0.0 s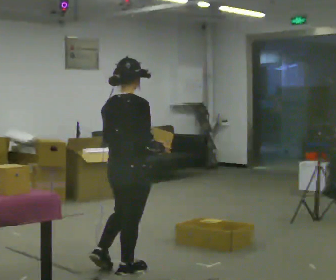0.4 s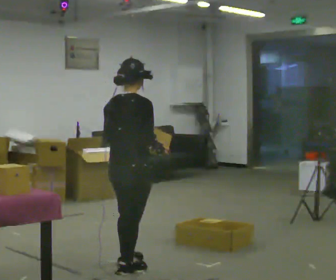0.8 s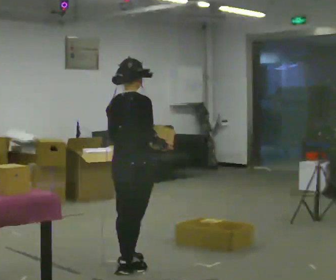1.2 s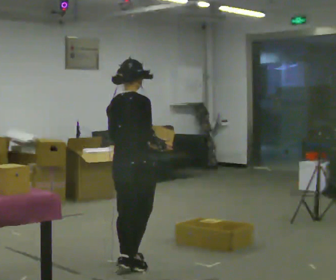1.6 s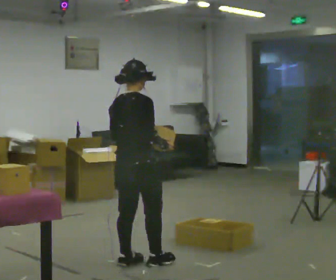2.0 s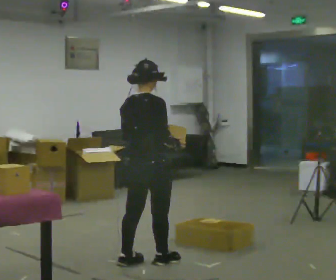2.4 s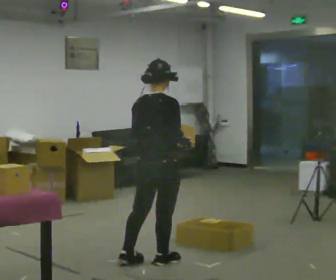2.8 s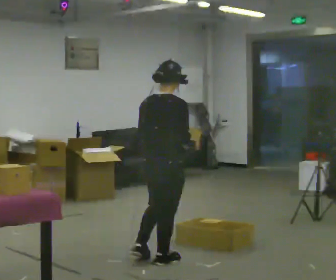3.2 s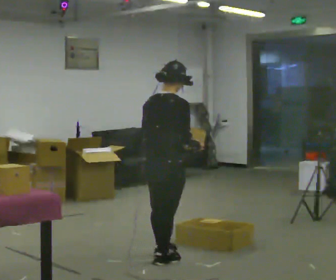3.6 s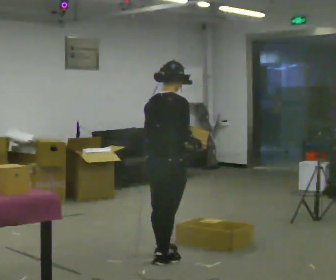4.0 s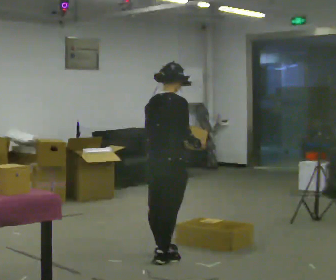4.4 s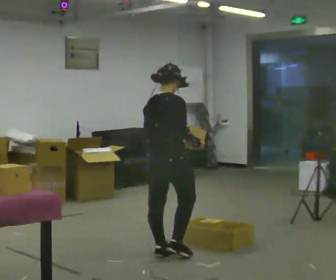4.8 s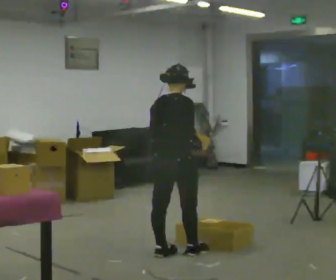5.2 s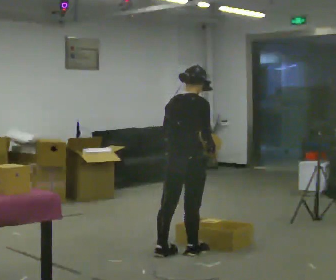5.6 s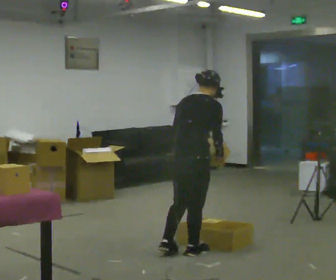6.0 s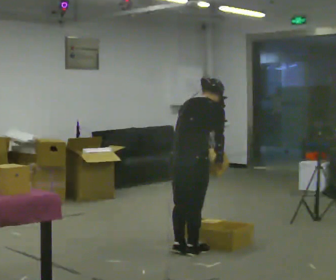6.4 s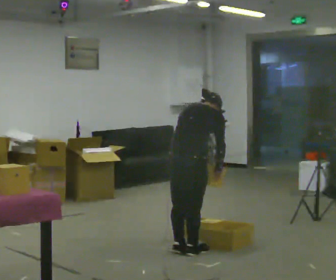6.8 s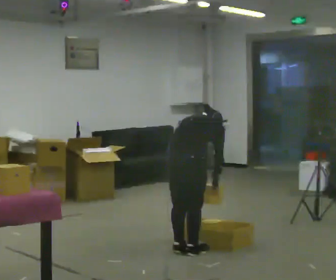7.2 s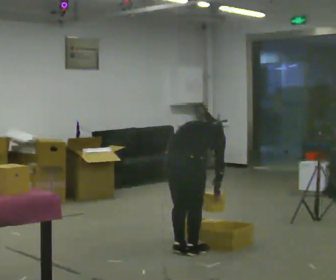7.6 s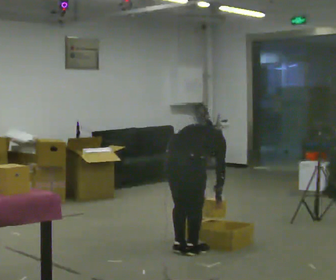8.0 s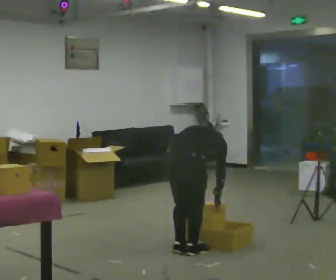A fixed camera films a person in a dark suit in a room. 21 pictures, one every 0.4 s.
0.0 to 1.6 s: In the picture they go away from the camera, about 0.25 m in 1 step, which for them is forward and to their left.
1.6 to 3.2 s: In the picture they go to the right, about 0.25 m in 2 steps, which for them is forward and to their right.
3.2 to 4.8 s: In the picture they go away from the camera, about 0.25 m in 1 step, which for them is forward.
4.8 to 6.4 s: The upper body tips away from the camera, its near side rolling upward, as they bend forward.
6.4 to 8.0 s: The shoulders move downward. The upper body tips away from the camera, its near side rolling upward, as they bend forward.
The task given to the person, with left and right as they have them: Carry each object across the room and drop it into the container on the floor, then walk back for the next one. Keep going until the operator says stop; one object at a time, and do not rush between trips.
The film runs forward here.
